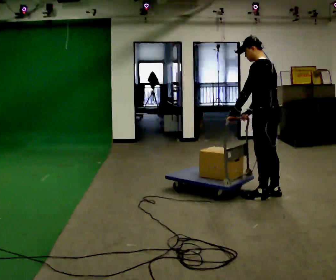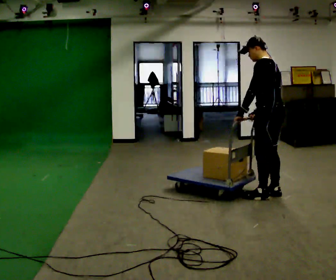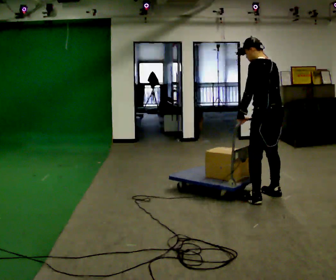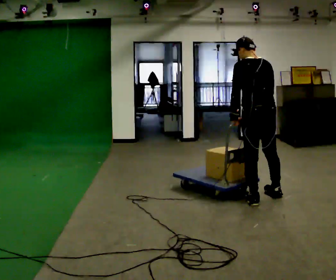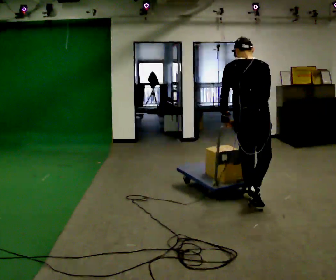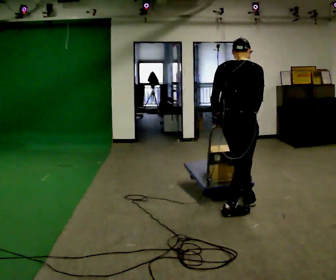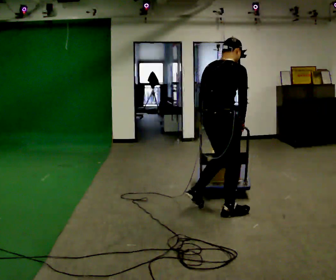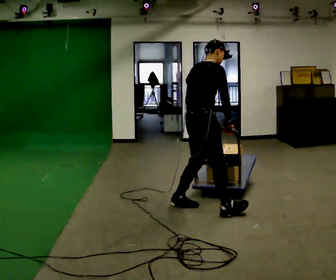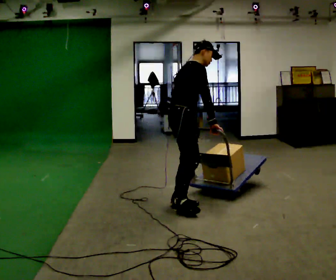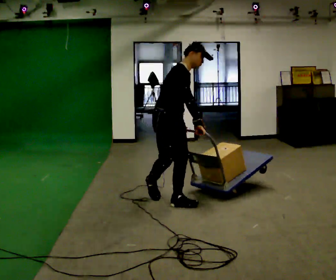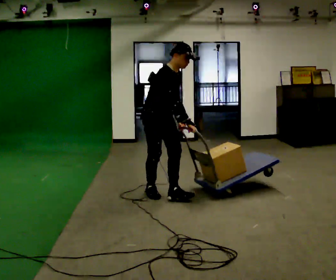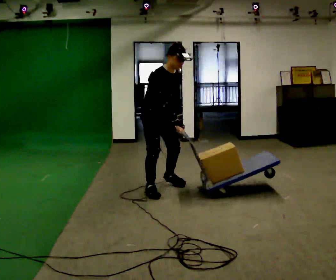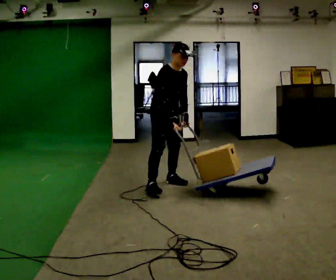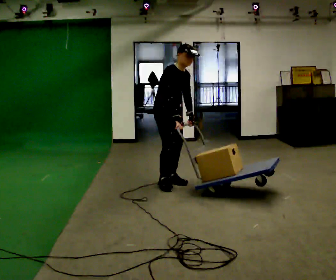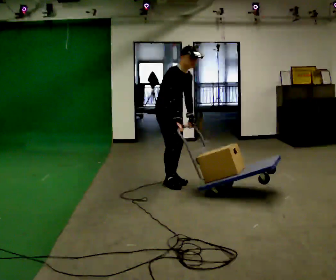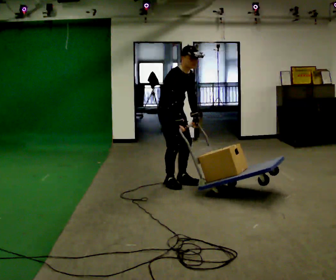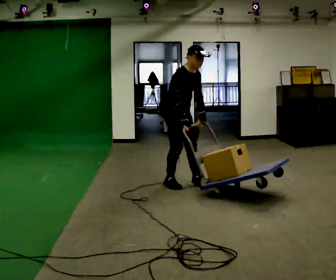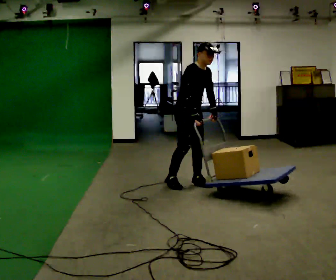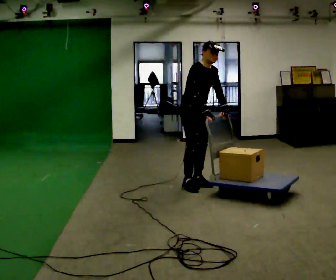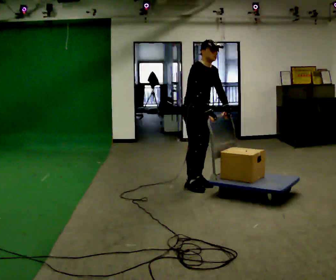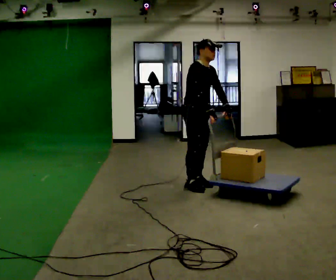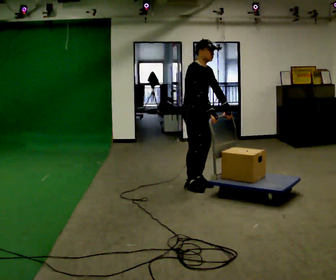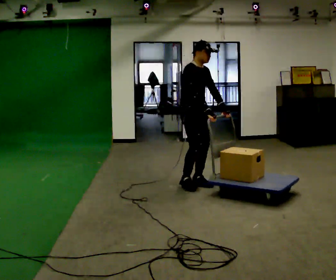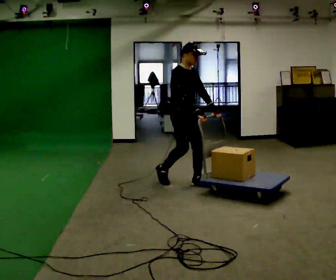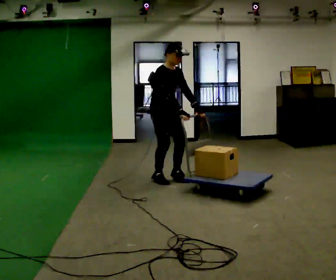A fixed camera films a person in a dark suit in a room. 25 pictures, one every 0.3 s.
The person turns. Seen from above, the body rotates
clockwise.
The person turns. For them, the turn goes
to their right.
0.0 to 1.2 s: The person turns about 60 degrees to their right, clockwise seen from above, so the part of the body nearest the lens slides to the left. In the picture they go toward the camera and to the left, about 0.25 m in 2 steps.
1.2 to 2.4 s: The person turns about 75 degrees to their right, clockwise seen from above, so the part of the body nearest the lens slides to the left. In the picture they go to the left, about 0.75 m in 2 steps. In the picture the upper body tilts clockwise, shoulders to the right.
2.4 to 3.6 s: The person turns about 45 degrees to their right, clockwise seen from above, so the part of the body nearest the lens slides to the left. In the picture they go away from the camera, about 1 m in 1 step, which for them is backward and to their left. The upper body tips toward the camera, its near side rolling downward.
3.6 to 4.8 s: The person moves a little, or ends about where they began.
4.8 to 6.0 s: In the picture they go to the right, about 0.25 m in 1 step, which for them is forward.
6.0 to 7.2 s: In the picture they go to the left and away from the camera, about 0.5 m in 2 steps, which for them is backward.
The film runs backward here.
